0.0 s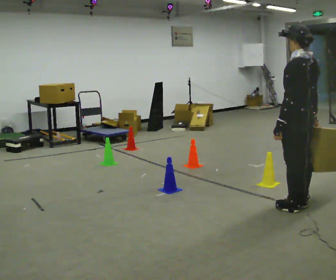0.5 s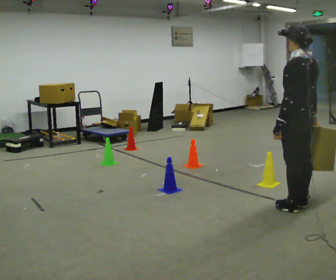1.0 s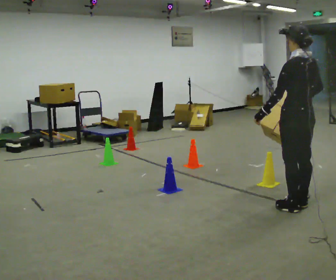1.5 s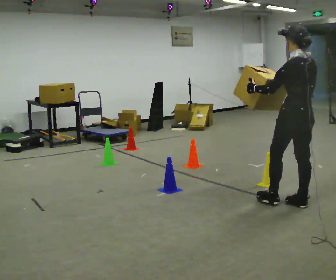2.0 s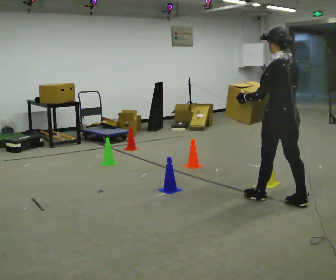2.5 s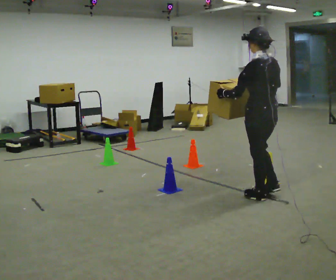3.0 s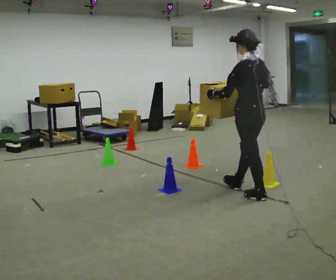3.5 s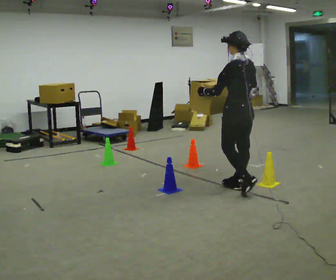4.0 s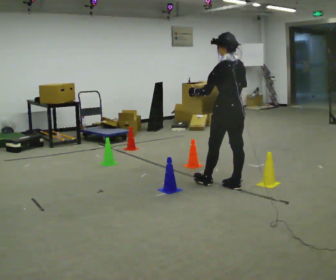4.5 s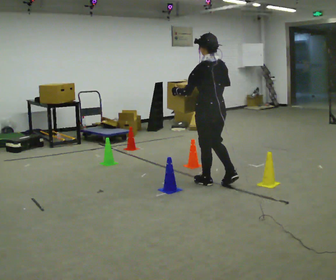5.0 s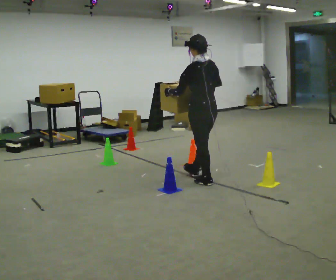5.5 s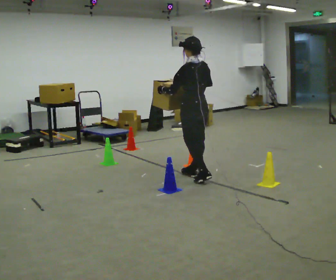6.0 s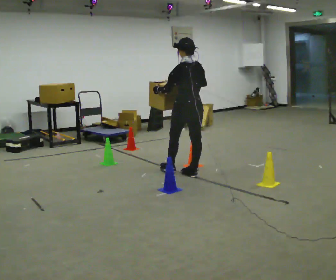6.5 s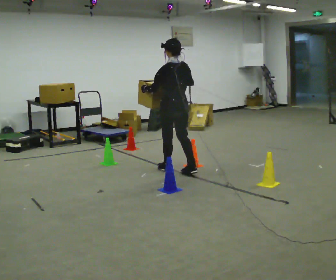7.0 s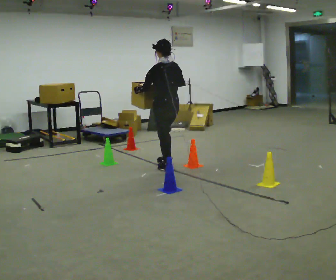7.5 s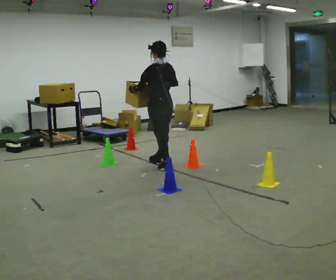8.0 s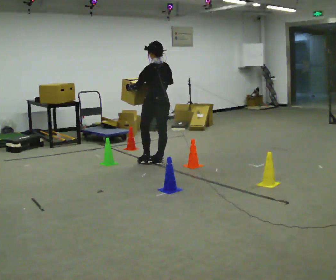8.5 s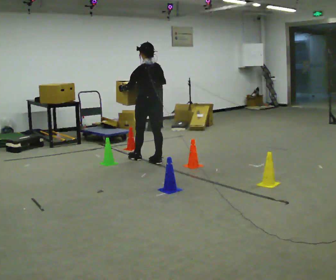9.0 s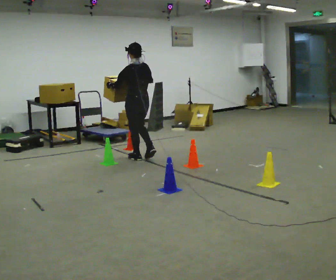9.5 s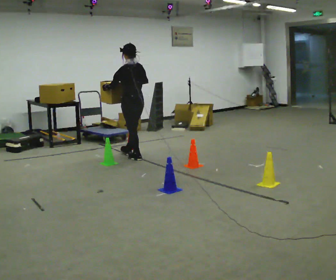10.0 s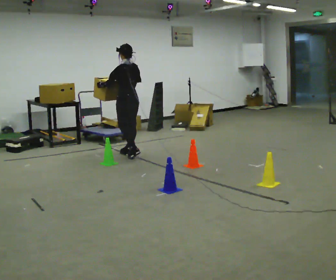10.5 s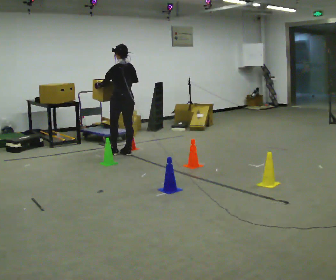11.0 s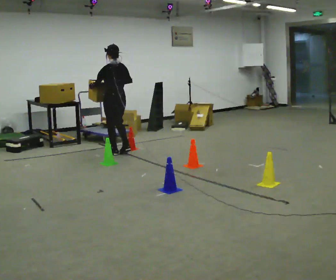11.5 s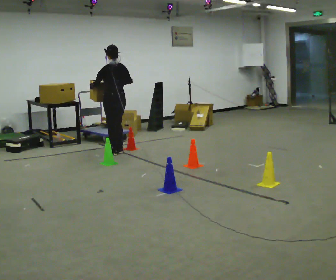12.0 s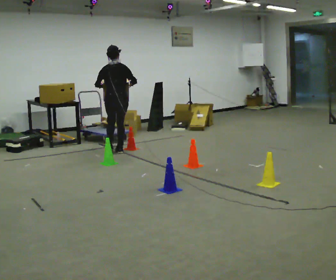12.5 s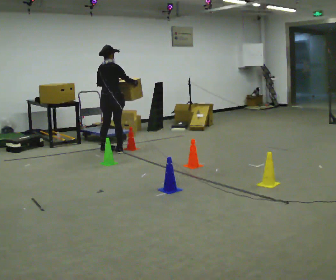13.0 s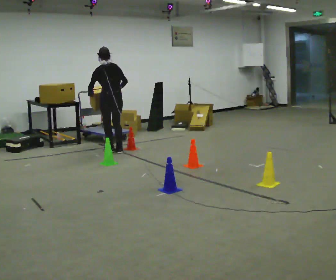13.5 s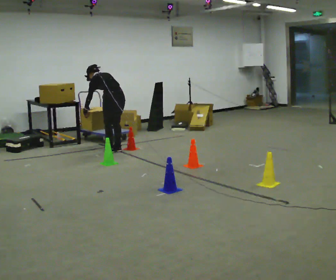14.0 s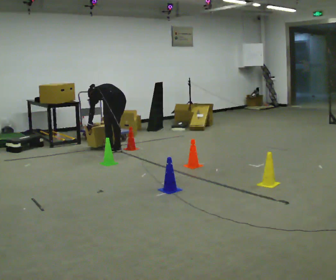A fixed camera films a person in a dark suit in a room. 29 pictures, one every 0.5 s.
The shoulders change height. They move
downward.
0.0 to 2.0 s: In the picture they go away from the camera, about 0.25 m in 1 step, which for them is forward.
2.0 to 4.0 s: In the picture they go away from the camera and to the left, about 0.75 m in 2 steps, which for them is forward.
4.0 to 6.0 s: In the picture they go away from the camera and to the left, about 0.75 m in 1 step, which for them is forward.
6.0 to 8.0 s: In the picture they go away from the camera and to the left, about 0.75 m in 2 steps, which for them is forward.
8.0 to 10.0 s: In the picture they go away from the camera and to the left, about 0.75 m in 2 steps, which for them is forward.
10.0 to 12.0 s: The person turns about 45 degrees to their right, clockwise seen from above, so the part of the body nearest the lens slides to the left. In the picture they go away from the camera and to the left, about 0.25 m in 2 steps, which for them is forward.
12.0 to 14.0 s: The part of the body nearest the lens slides to the right as the person turns to their left by about 30 degrees. The shoulders move downward. The upper body tips away from the camera, its near side rolling upward, as they bend forward. In the picture their left hand goes downward.
The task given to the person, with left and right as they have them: Carry the box through the gap between the panels without touching either side, then set it down and bring it back. Keep going until the operator says stop; one object at a time, and do not rush between trips.
The film runs forward here.
